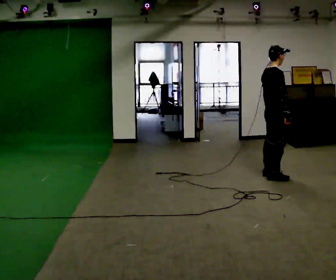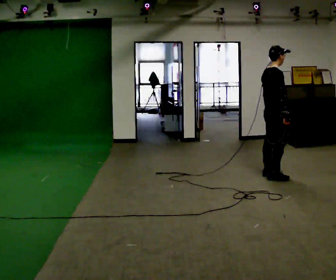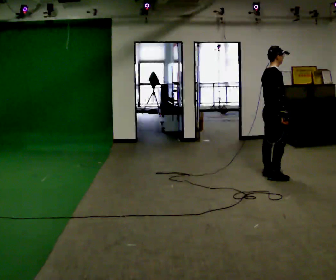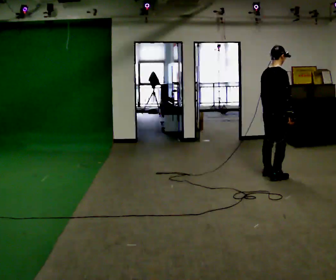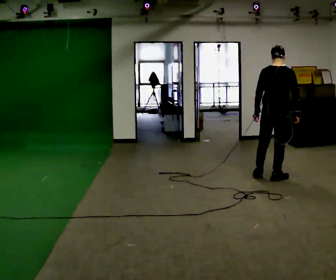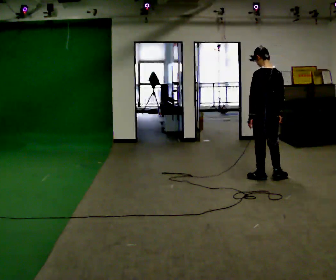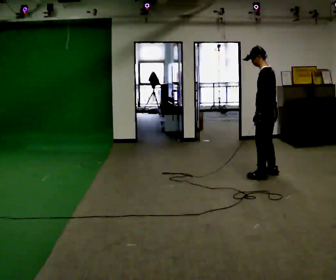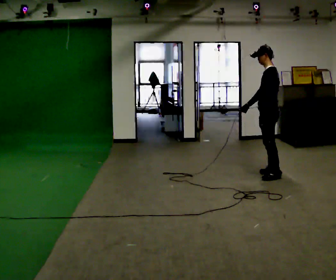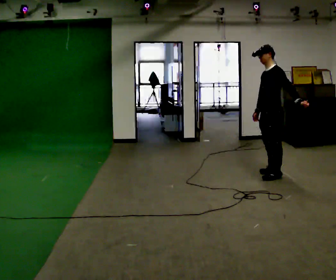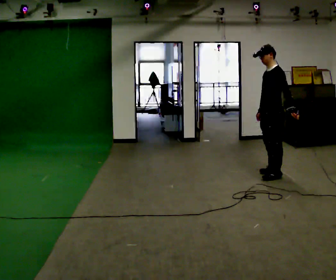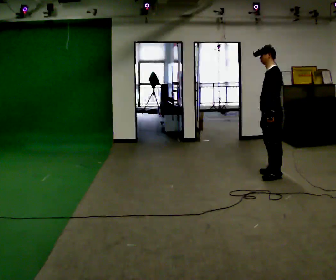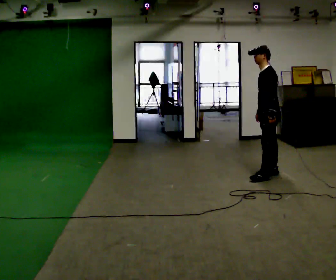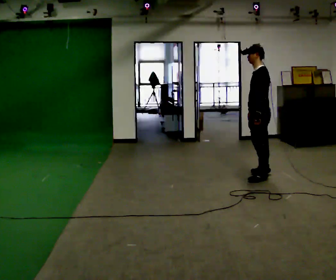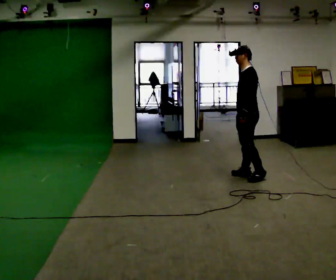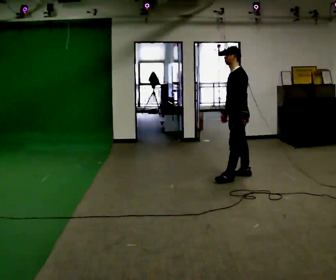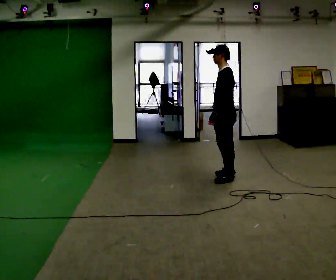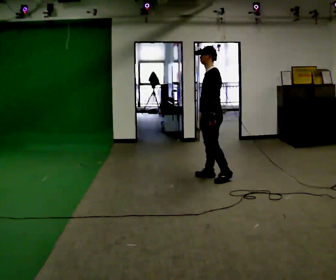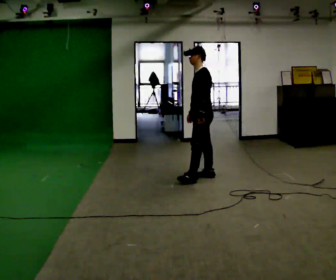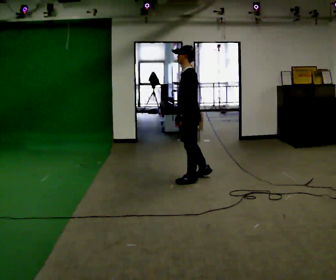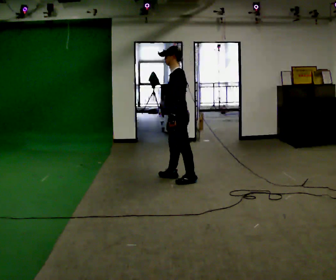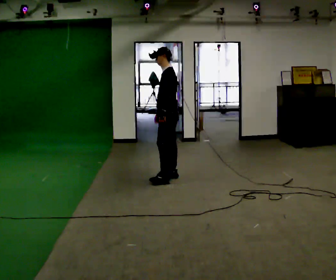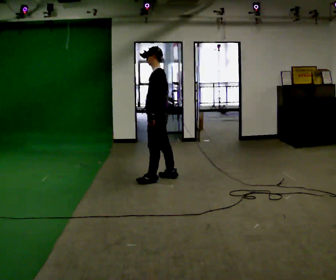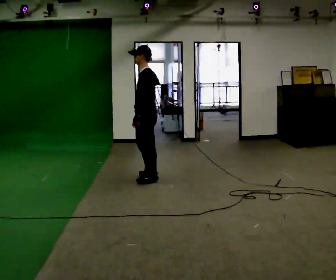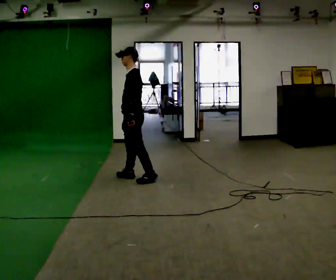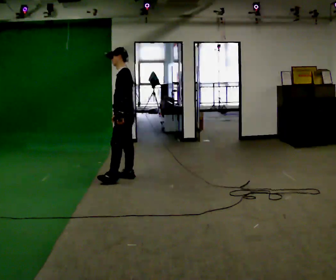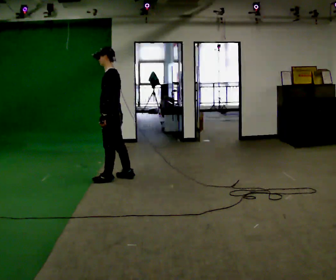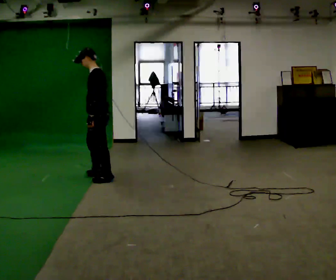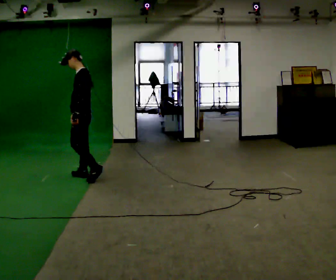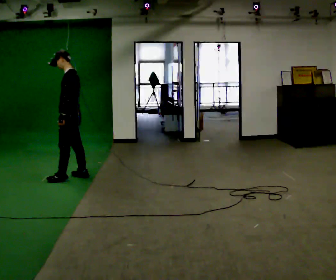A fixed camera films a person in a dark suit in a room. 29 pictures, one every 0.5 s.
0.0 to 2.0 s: Seen from above the body turns counterclockwise, about 45 degrees: to their left, with its near side sliding to the right. In the picture they go toward the camera, about 0.25 m, which for them is to their right.
2.0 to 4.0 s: Seen from above the body turns counterclockwise, about 120 degrees: to their left, with its near side sliding to the right. In the picture they go away from the camera, about 0.25 m in 3 steps. In the picture their left hand goes to the right.
4.0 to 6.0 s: In the picture they go to the left, about 0.25 m in 1 step, which for them is forward. In the picture their left hand goes to the left.
6.0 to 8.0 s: In the picture they go to the left, about 0.5 m in 3 steps, which for them is forward.
8.0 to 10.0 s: In the picture they go to the left, about 0.5 m in 2 steps, which for them is forward.
10.0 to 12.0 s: In the picture they go to the left, about 0.5 m in 2 steps, which for them is forward.
12.0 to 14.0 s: In the picture they go to the left, about 0.75 m in 3 steps, which for them is forward.
The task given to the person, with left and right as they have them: Walk forward with your feet closer together than normal, or further apart than normal, as the operator states; stop.
The film runs forward here.
